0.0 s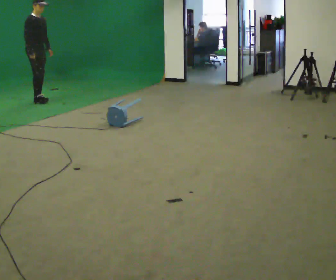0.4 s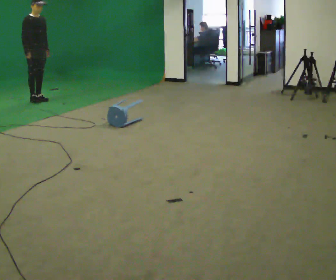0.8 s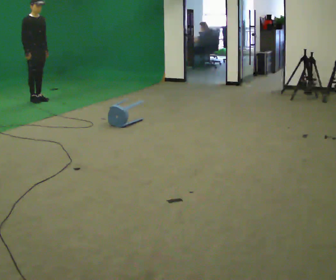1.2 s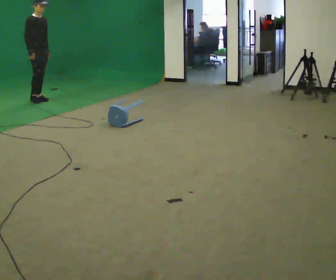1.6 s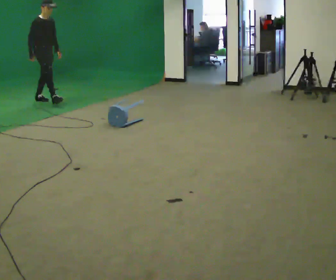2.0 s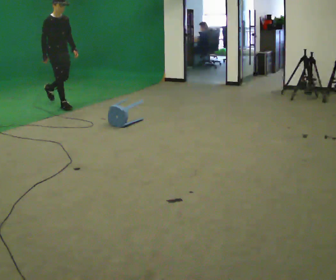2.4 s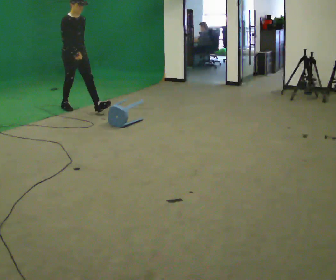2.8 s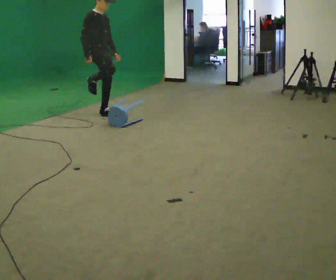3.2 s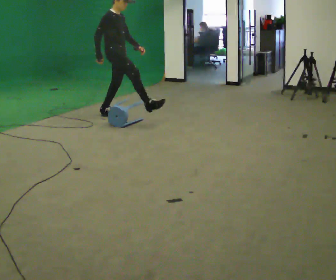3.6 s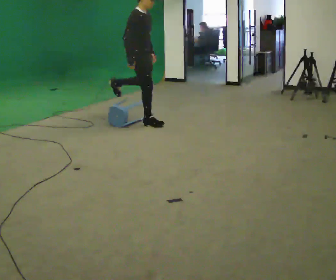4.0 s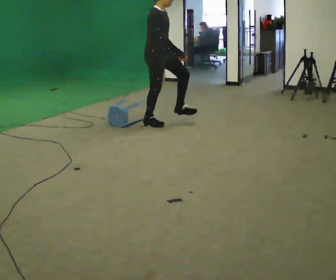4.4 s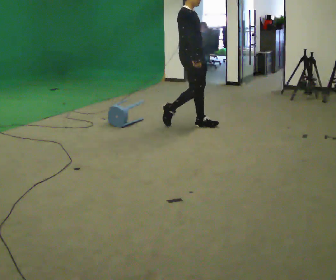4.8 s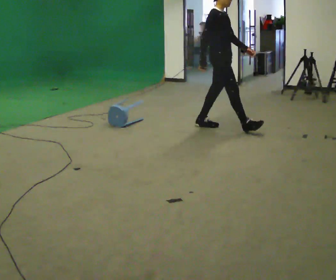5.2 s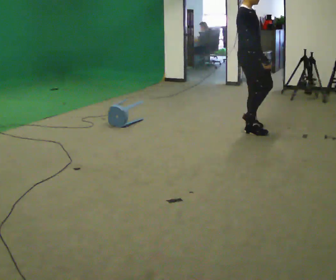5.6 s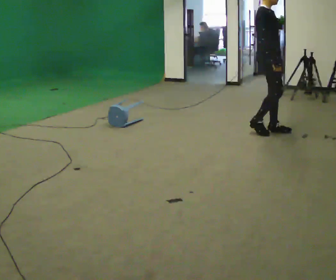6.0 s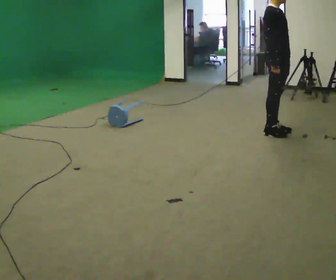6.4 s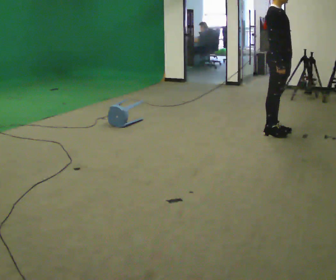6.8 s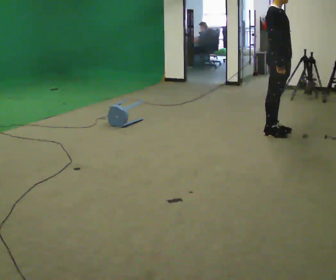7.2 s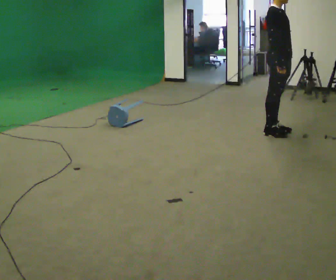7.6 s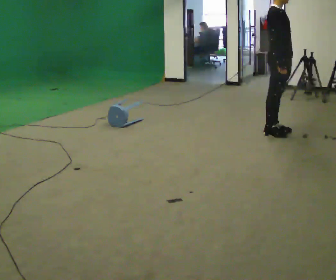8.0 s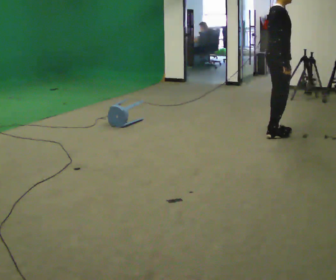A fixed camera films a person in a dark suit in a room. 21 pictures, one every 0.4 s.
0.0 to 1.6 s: In the picture they go to the right, about 0.25 m in 1 step, which for them is forward.
1.6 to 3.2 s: In the picture they go to the right and toward the camera, about 1.5 m in 2 steps, which for them is forward.
3.2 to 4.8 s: In the picture they go to the right and toward the camera, about 1.5 m in 2 steps, which for them is forward.
4.8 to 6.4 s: In the picture they go to the right and toward the camera, about 0.75 m in 3 steps, which for them is forward.
6.4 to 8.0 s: Seen from above the body turns counterclockwise, about 30 degrees: to their left, with its near side sliding to the right.
The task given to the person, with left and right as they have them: Walk toward low obstacle; step over without stopping; continue.
The film runs forward here.
